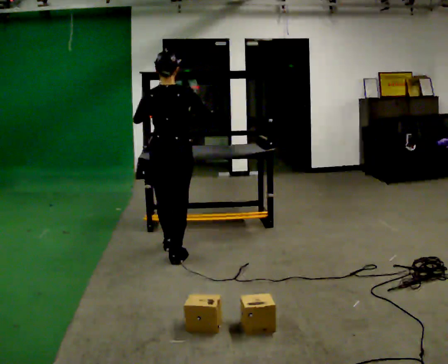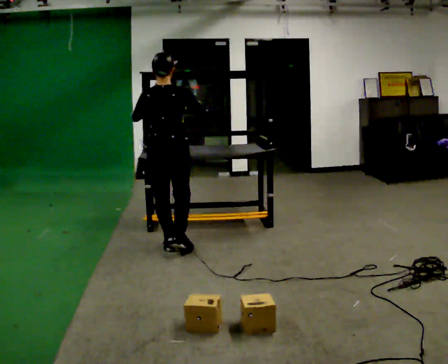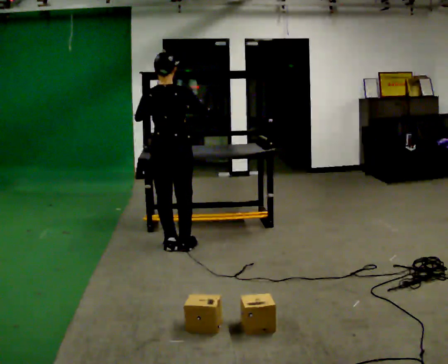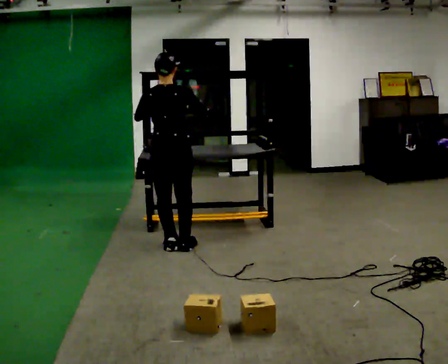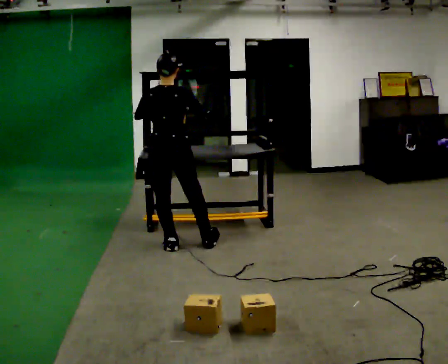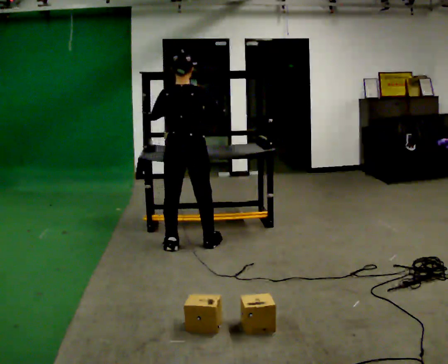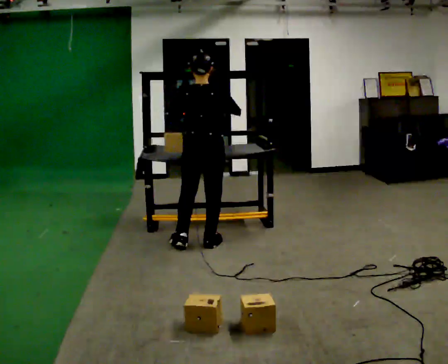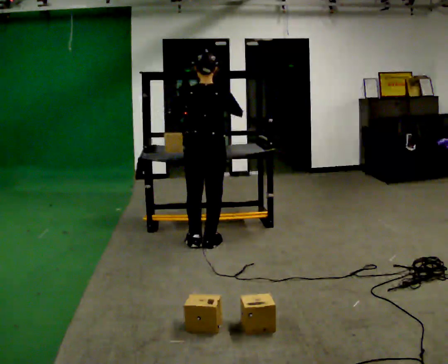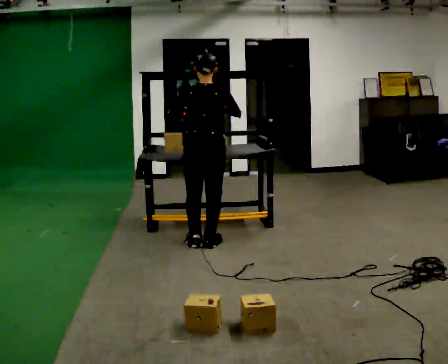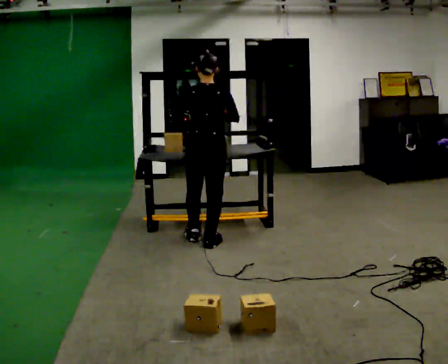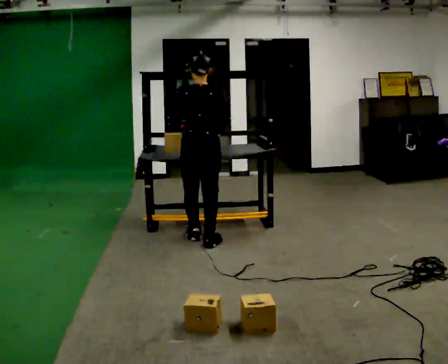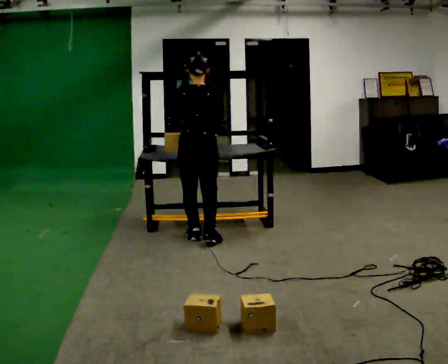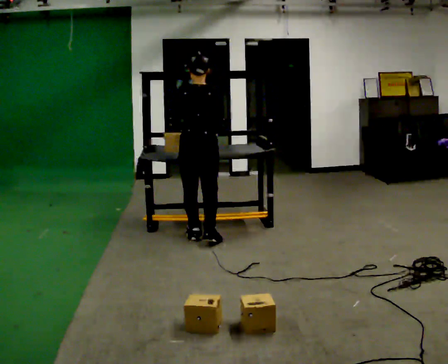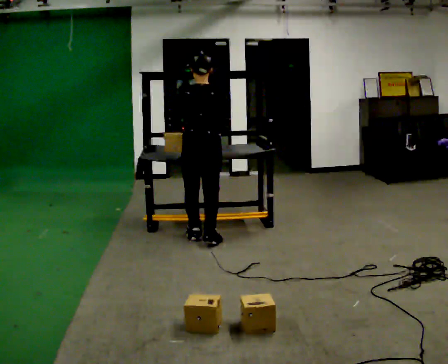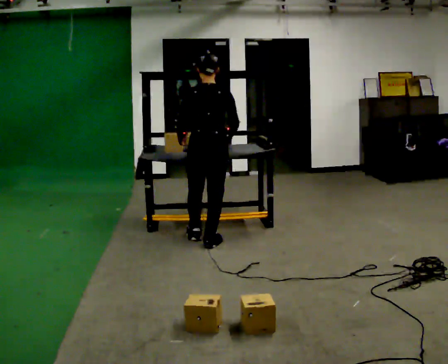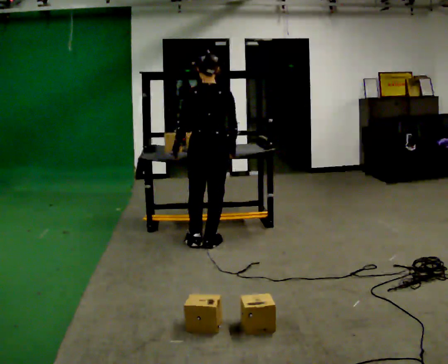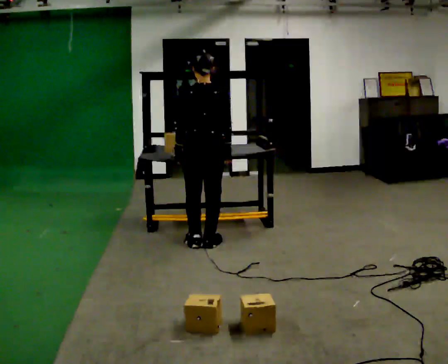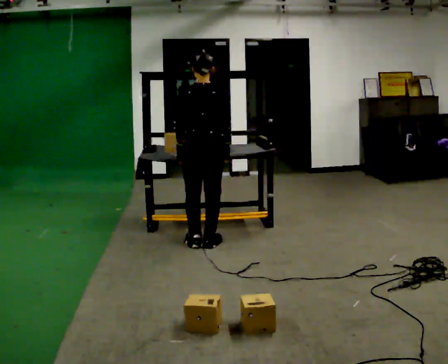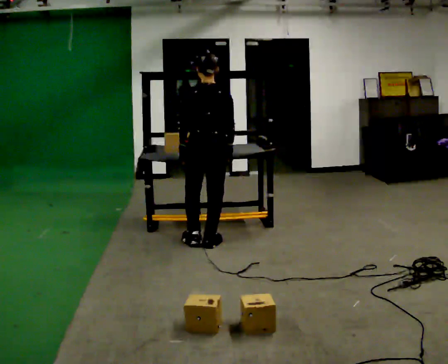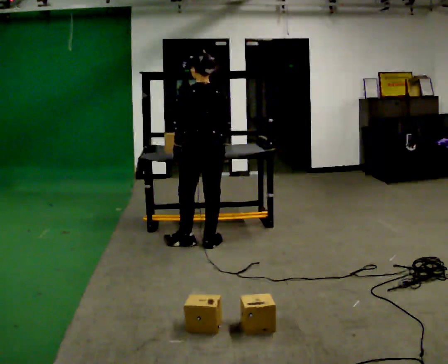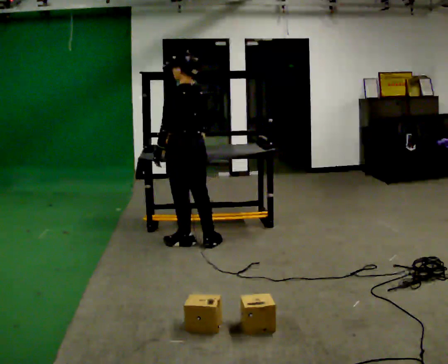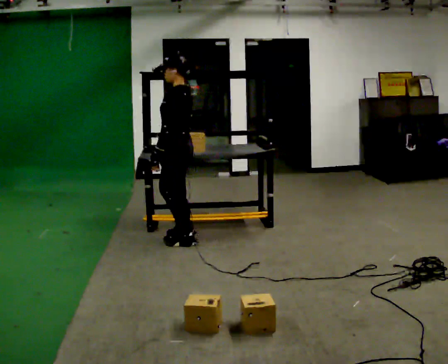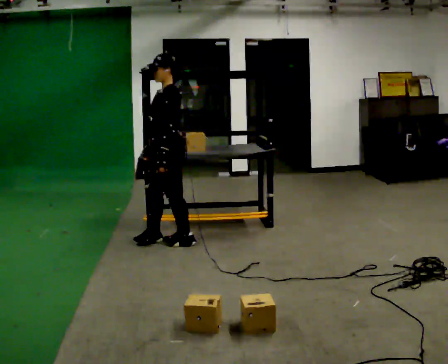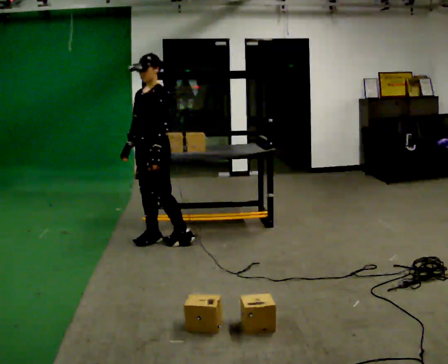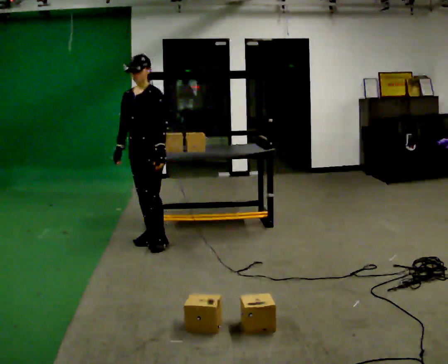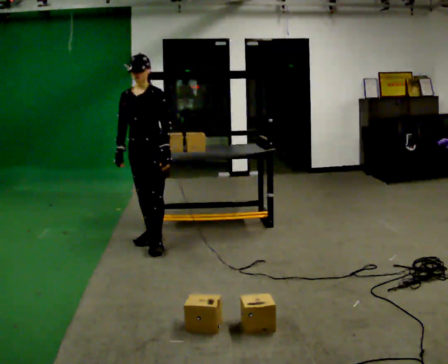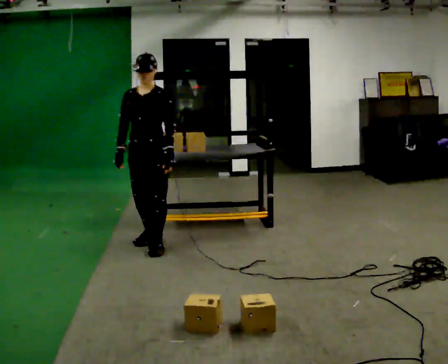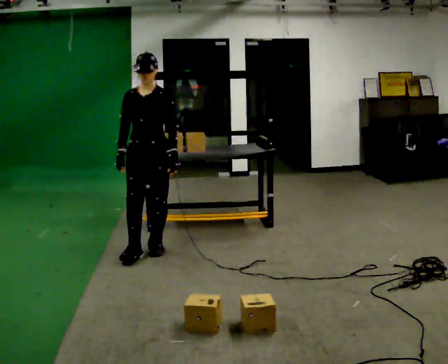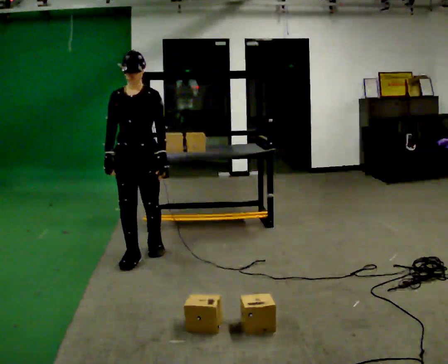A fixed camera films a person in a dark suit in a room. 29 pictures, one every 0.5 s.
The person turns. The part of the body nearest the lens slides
to the right.
The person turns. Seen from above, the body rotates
counterclockwise.
0.0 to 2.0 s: In the picture they go away from the camera, about 0.25 m in 2 steps, which for them is forward.
2.0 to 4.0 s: In the picture they go to the right, about 0.25 m in 1 step, which for them is to their right.
4.0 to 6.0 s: In the picture they go away from the camera, about 0.25 m in 1 step, which for them is forward.
6.0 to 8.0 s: The person moves a little, or ends about where they began.
8.0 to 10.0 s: The person turns about 45 degrees to their left, counterclockwise seen from above, so the part of the body nearest the lens slides to the right. In the picture they go to the left, about 0.25 m, which for them is to their left. In the picture their right hand goes to the left.
10.0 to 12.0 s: The person turns about 105 degrees to their left, counterclockwise seen from above, so the part of the body nearest the lens slides to the right. In the picture they go to the left, about 0.25 m in 1 step.
12.0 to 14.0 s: In the picture they go toward the camera, about 0.5 m in 2 steps, which for them is forward.
The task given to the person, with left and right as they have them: Carry the box over and put it on the shelf with the label facing out towards you. Get the orientation right, not just the position. Keep going until the operator says stop; one object at a time, and do not rush between trips.
The film runs forward here.
